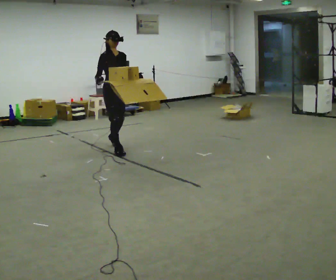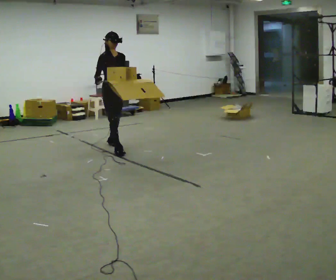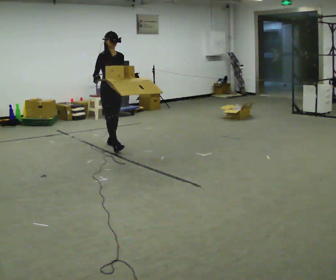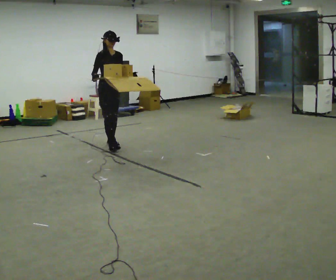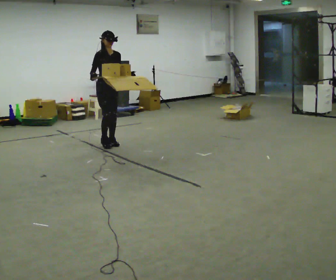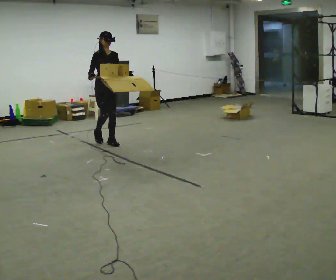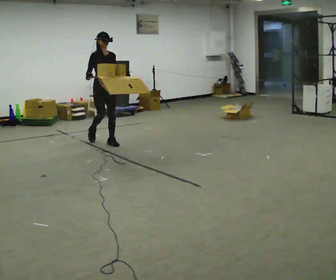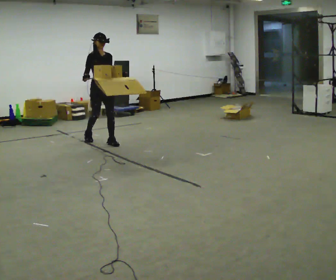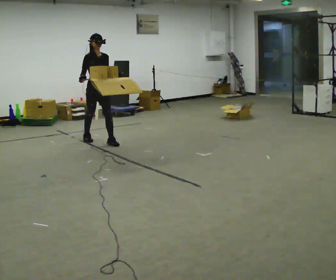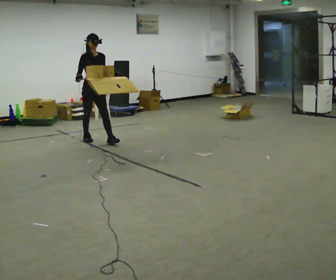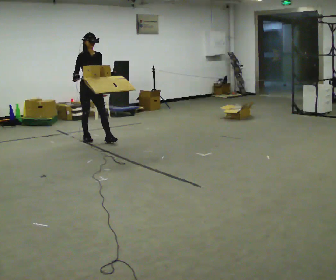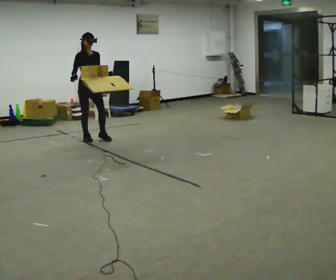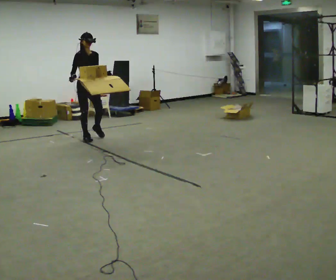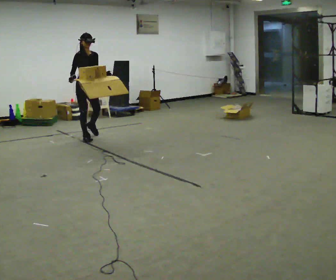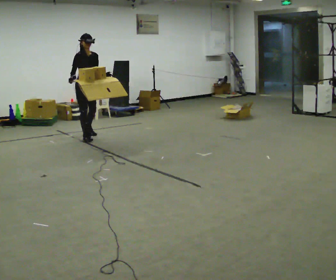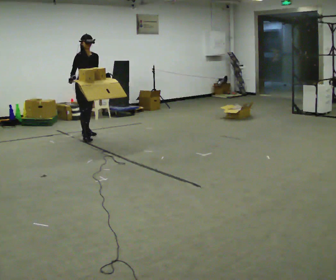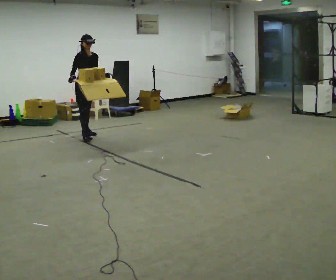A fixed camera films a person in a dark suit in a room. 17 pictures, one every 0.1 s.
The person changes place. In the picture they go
away from the camera.
0.0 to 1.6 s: In the picture they go away from the camera and to the left, about 1 m in 2 steps, which for them is backward.
The film runs backward here.
